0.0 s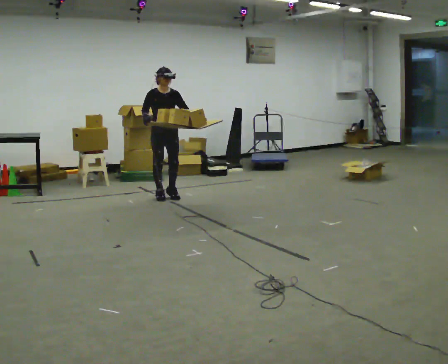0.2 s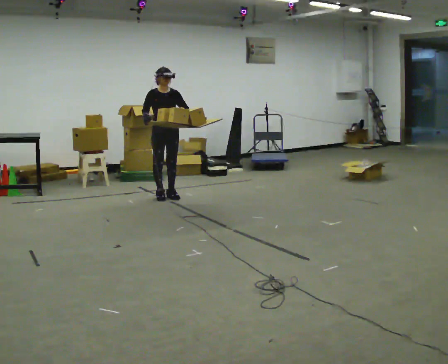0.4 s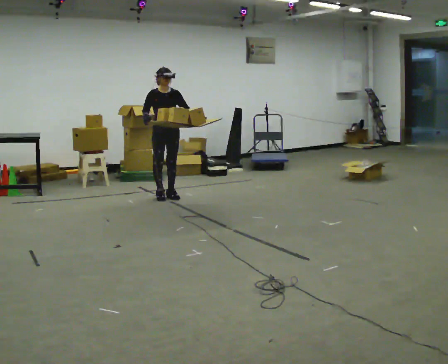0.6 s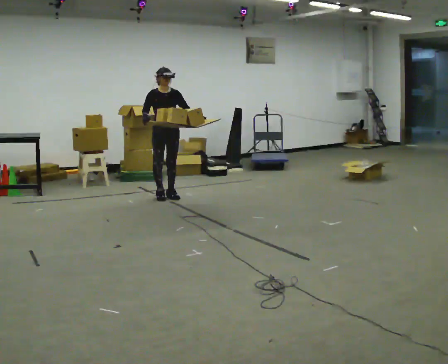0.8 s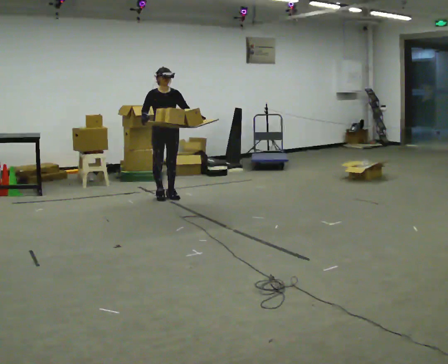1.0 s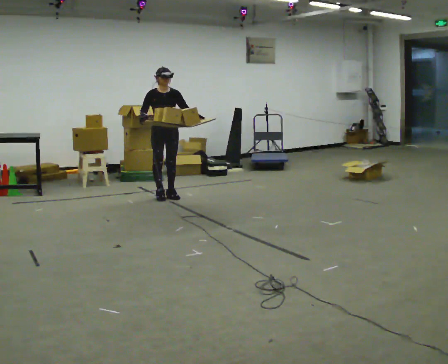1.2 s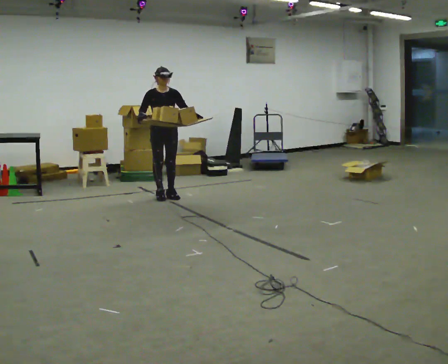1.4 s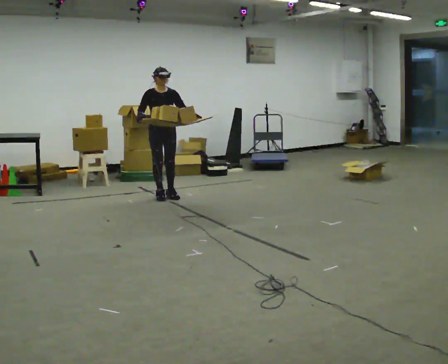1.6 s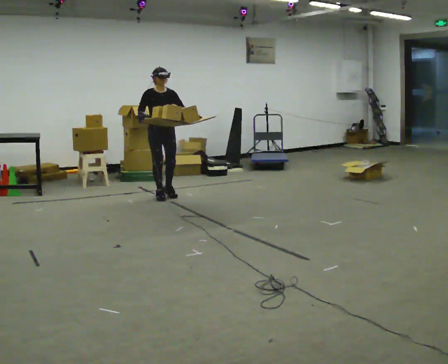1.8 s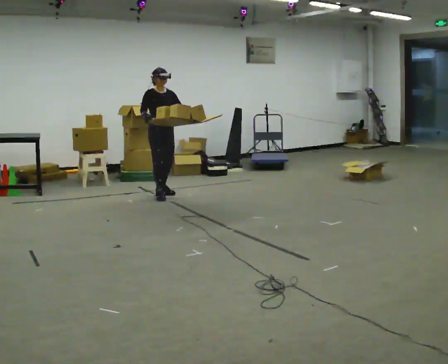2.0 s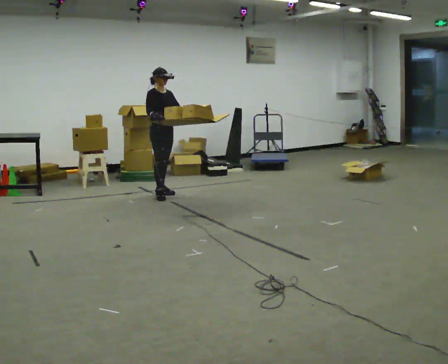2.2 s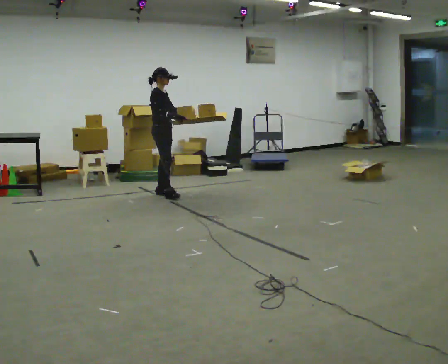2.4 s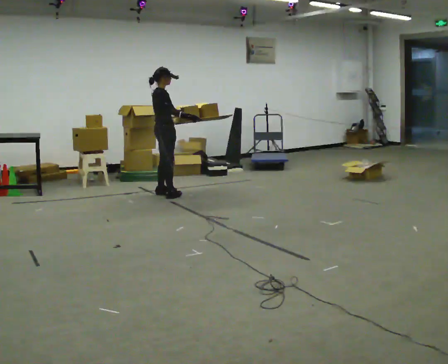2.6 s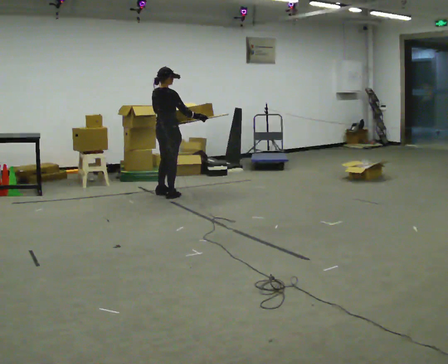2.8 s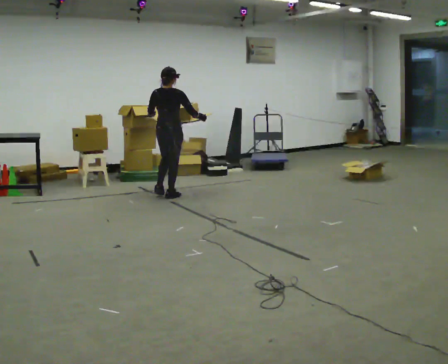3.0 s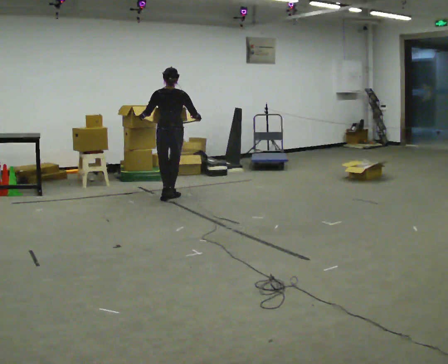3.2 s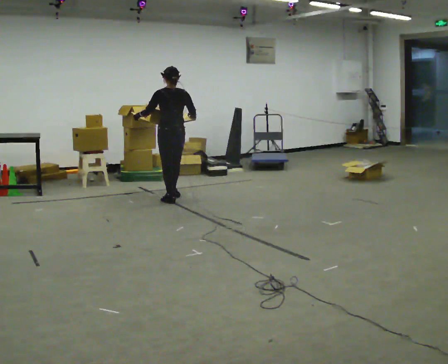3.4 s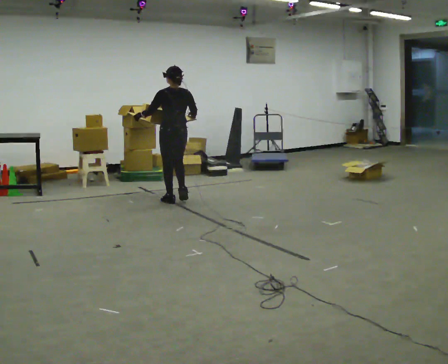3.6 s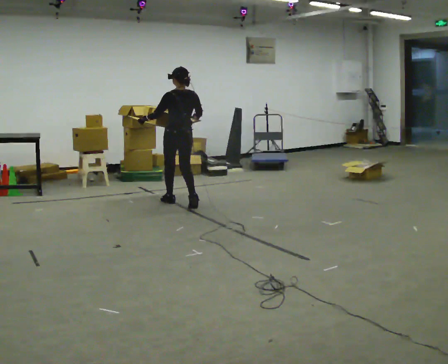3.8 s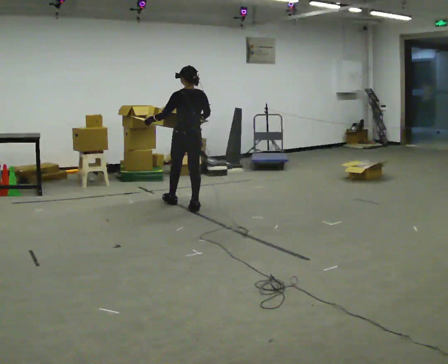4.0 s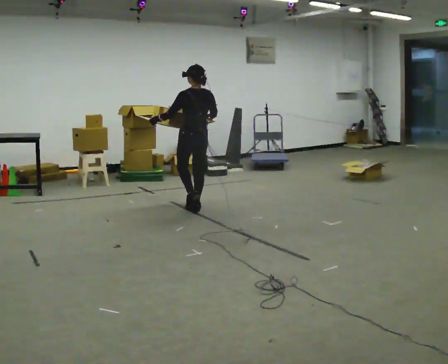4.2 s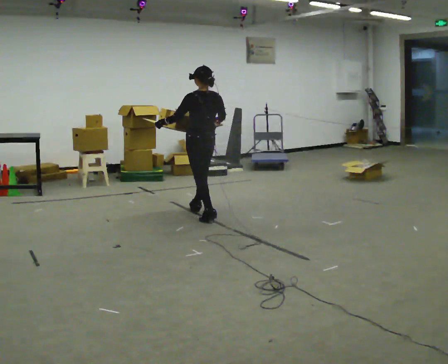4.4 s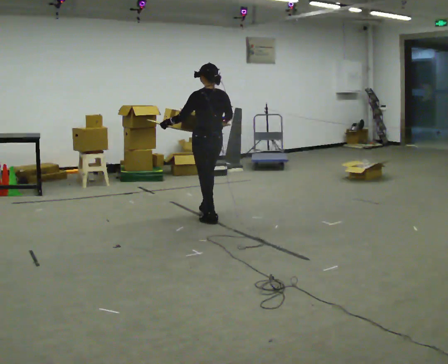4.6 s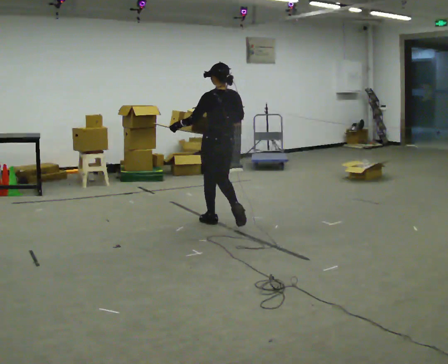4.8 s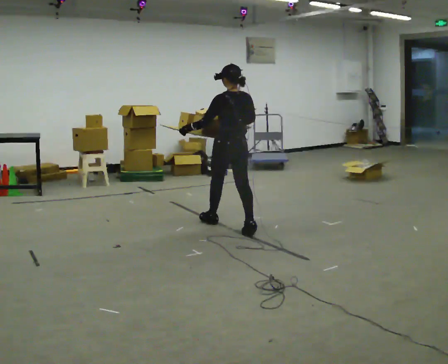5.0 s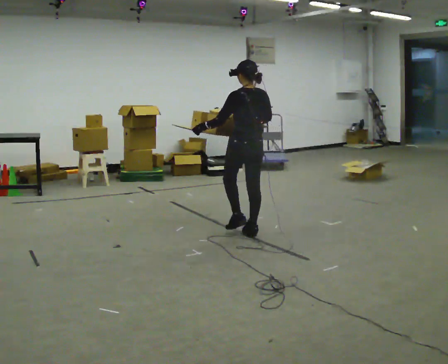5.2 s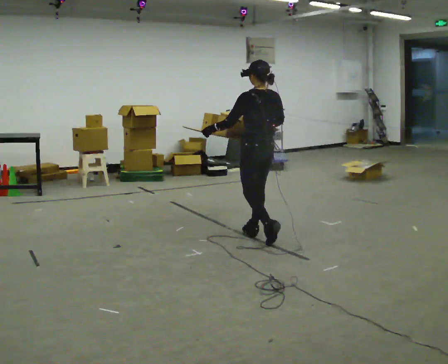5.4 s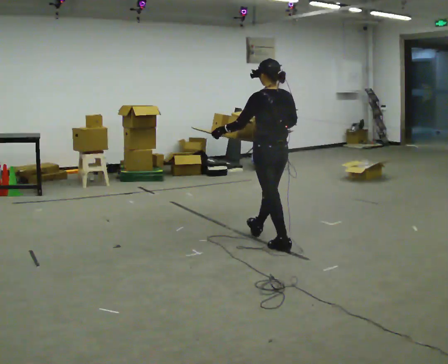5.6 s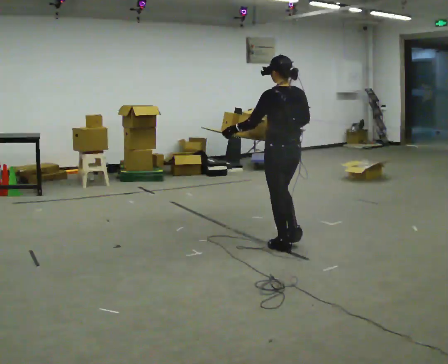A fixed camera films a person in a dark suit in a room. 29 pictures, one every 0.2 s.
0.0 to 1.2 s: The person moves a little, or ends about where they began.
1.2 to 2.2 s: Seen from above the body turns counterclockwise, about 60 degrees: to their left, with its near side sliding to the right. In the picture their right hand goes to the right.
2.2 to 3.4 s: The part of the body nearest the lens slides to the right as the person turns to their left by about 120 degrees. In the picture they go toward the camera and to the right, about 0.5 m in 2 steps.
3.4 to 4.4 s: In the picture they go toward the camera and to the right, about 1 m in 2 steps, which for them is backward.
4.4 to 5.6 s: In the picture they go toward the camera and to the right, about 1 m in 2 steps, which for them is backward.
The film runs backward here.
